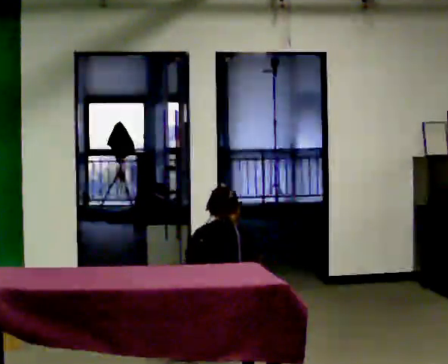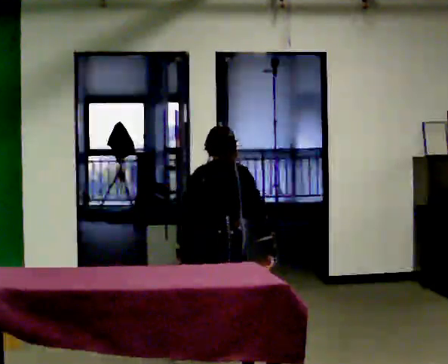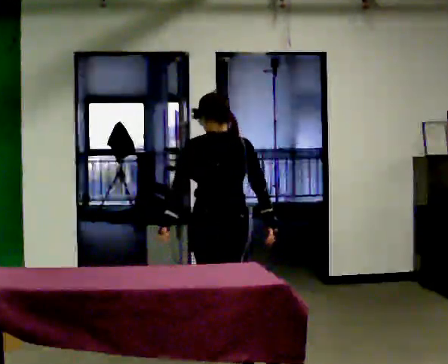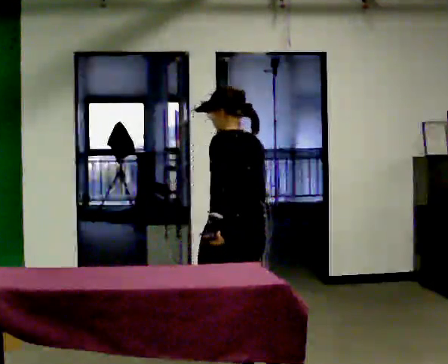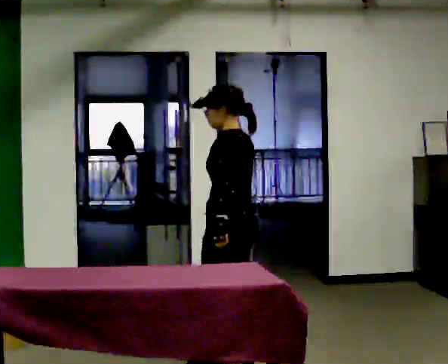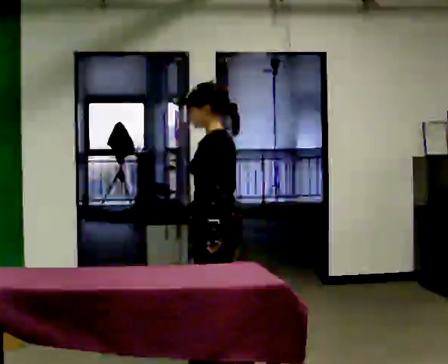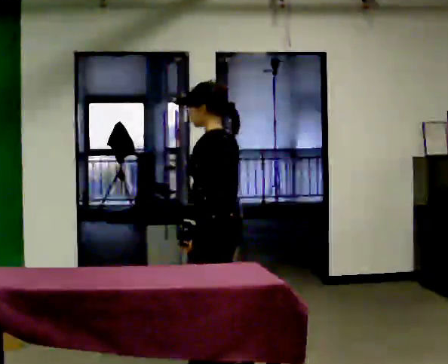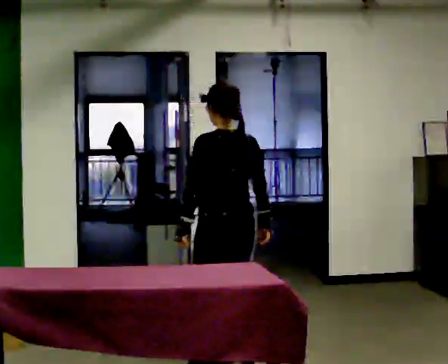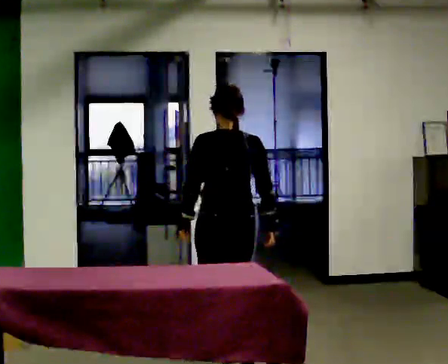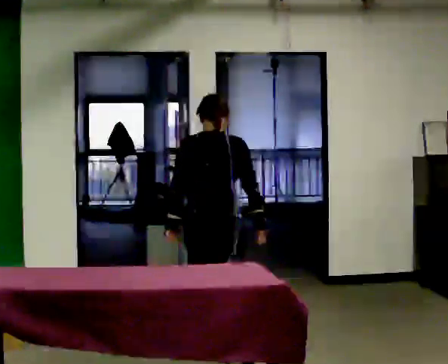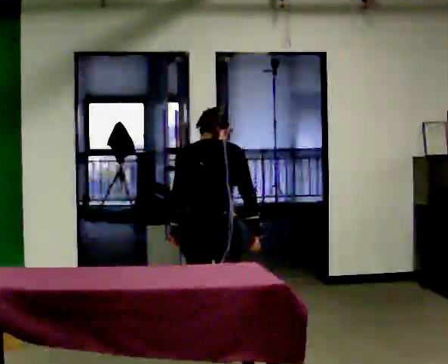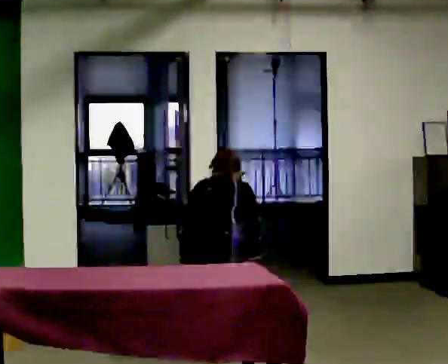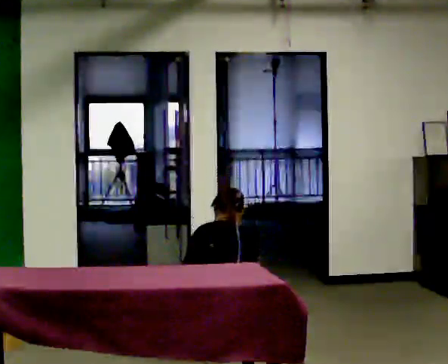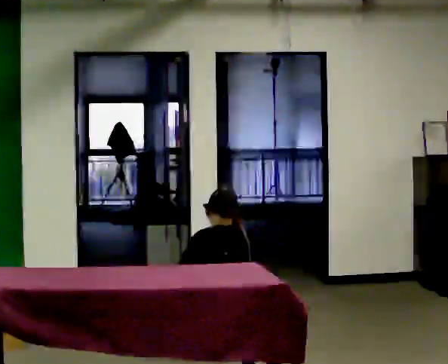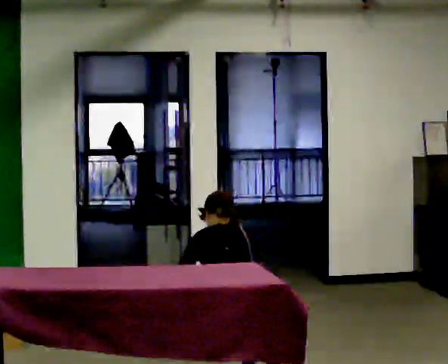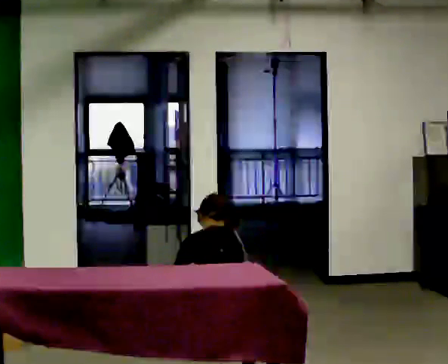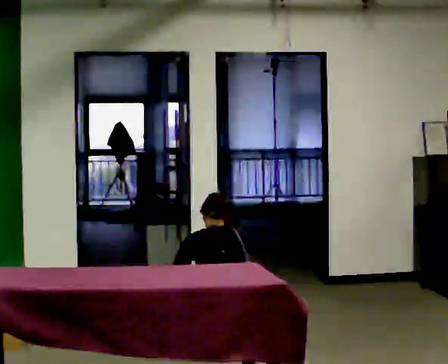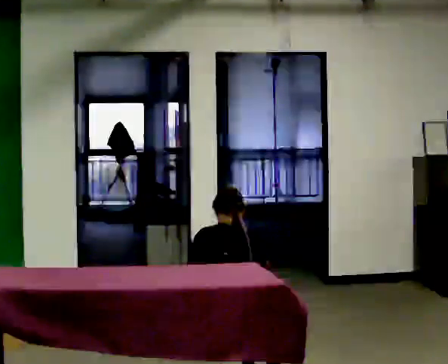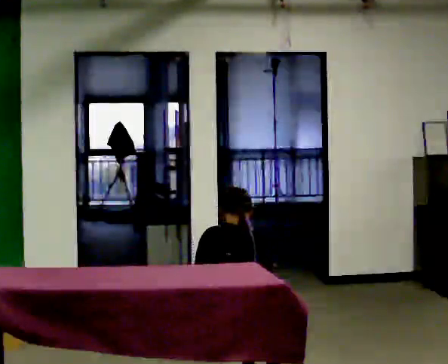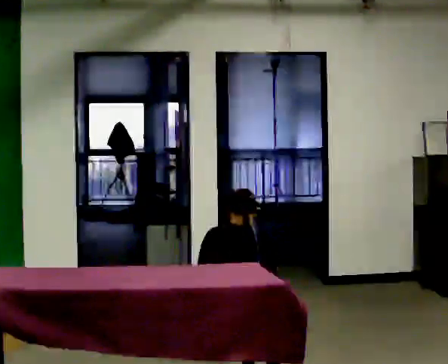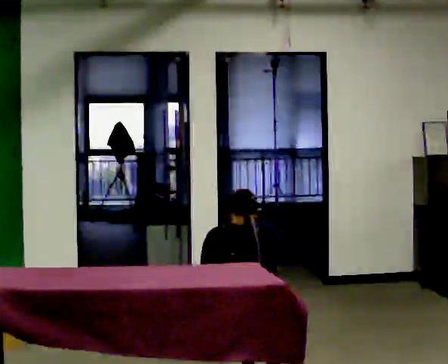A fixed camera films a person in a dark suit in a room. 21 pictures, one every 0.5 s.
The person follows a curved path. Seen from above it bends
counterclockwise.
0.0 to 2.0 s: The person turns about 90 degrees to their left, counterclockwise seen from above, so the part of the body nearest the lens slides to the right. The shoulders move upward. The upper body tips toward the camera, its near side rolling downward, as they lean back or straighten. In the picture their left hand goes upward.
2.0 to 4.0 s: The part of the body nearest the lens slides to the left as the person turns to their right by about 60 degrees.
4.0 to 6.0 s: The upper body goes downward. In the picture their right hand goes downward.
6.0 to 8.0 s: The part of the body nearest the lens slides to the right as the person turns to their left by about 30 degrees. In the picture the upper body tilts counterclockwise, shoulders to the left.
8.0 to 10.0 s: In the picture the upper body tilts clockwise, shoulders to the right.
The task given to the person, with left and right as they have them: Collect three or four objects from around the room, gather them in your arms, then carry them all to the shelf together. Keep going until the operator says stop; one object at a time, and do not rush between trips.
The film runs forward here.
